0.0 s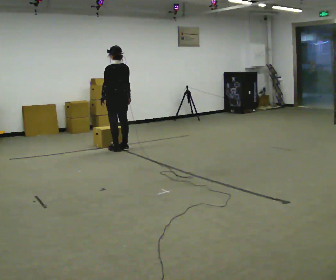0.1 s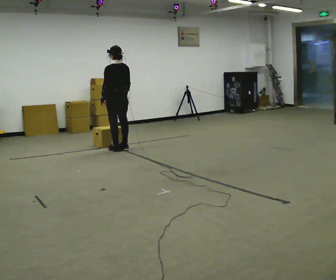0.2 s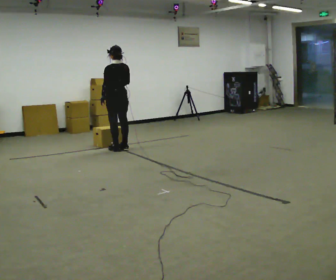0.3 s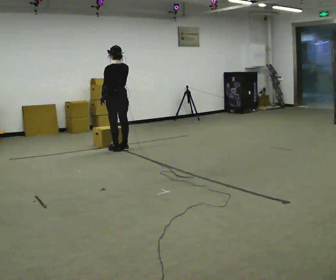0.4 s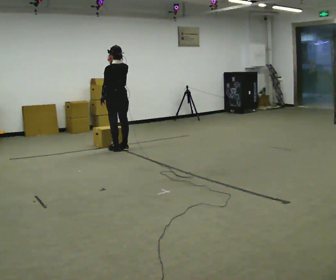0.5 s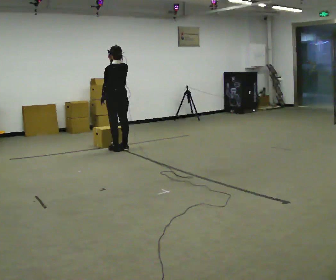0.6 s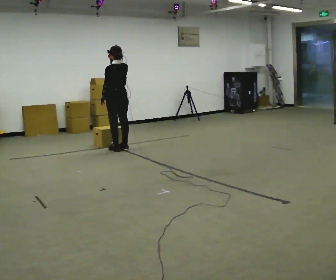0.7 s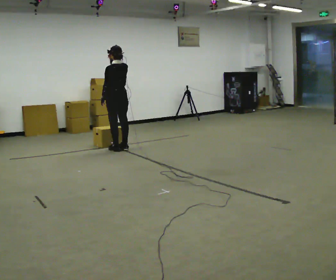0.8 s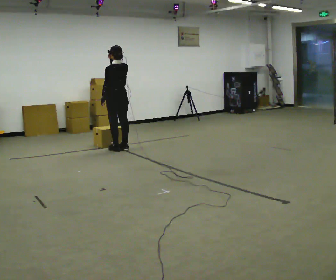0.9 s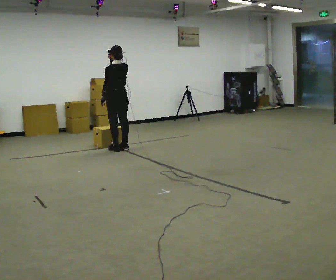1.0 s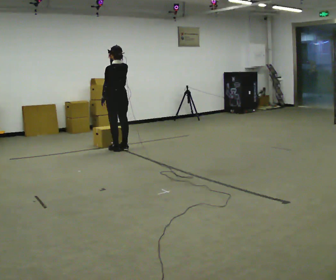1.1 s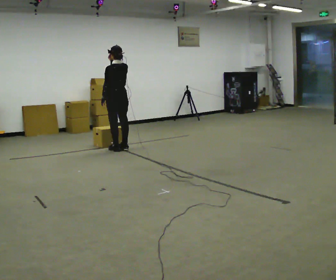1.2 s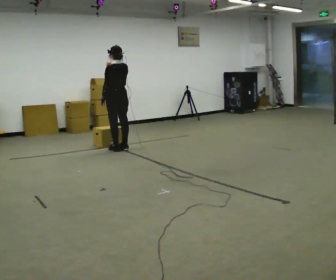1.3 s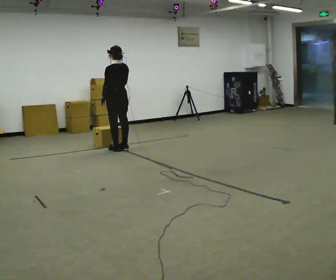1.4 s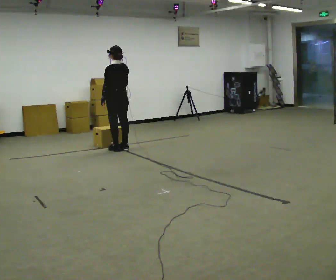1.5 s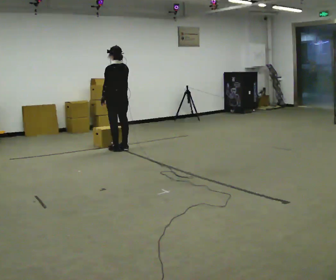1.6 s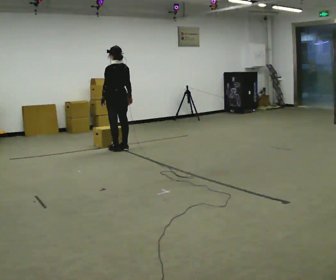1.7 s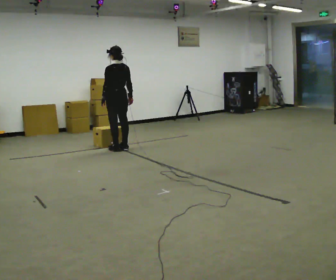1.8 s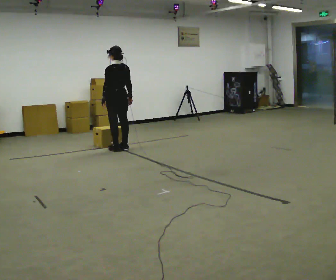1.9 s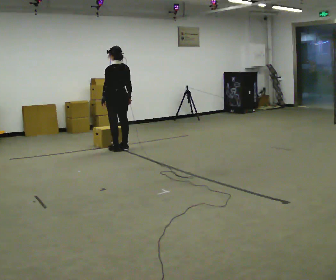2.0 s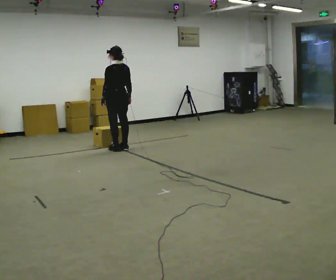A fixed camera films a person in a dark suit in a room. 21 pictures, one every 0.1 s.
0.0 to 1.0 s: In the picture their right hand goes upward.
1.0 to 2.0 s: In the picture their right hand goes downward.
The film runs forward here.
